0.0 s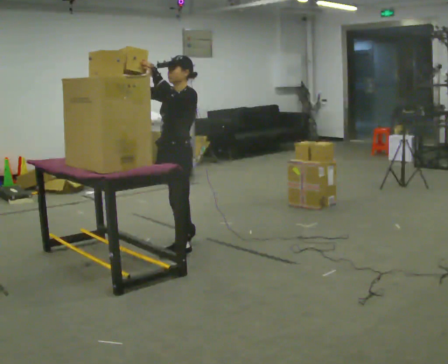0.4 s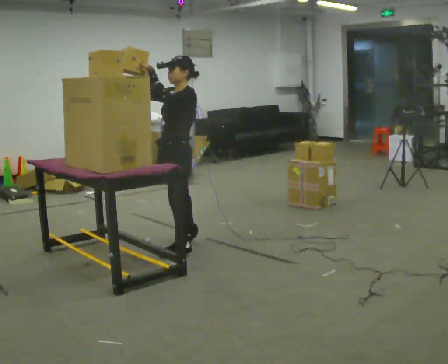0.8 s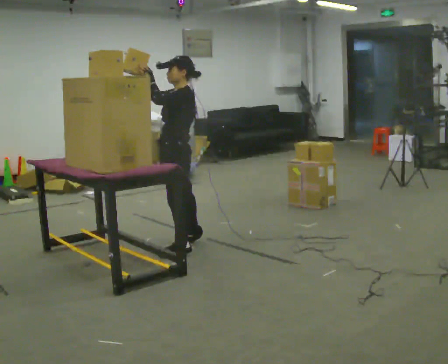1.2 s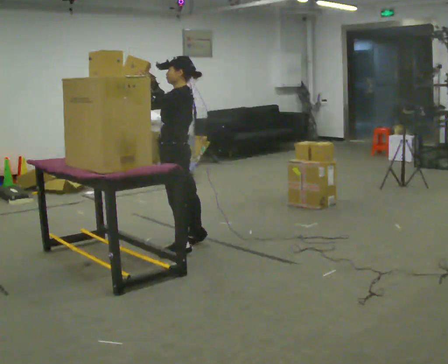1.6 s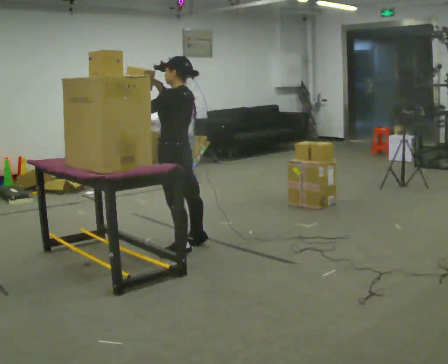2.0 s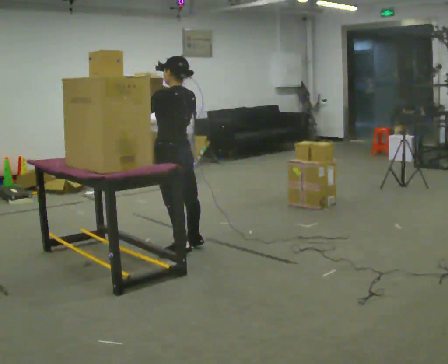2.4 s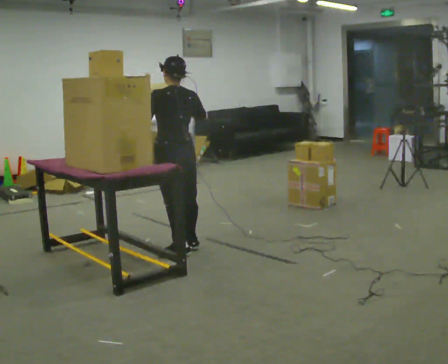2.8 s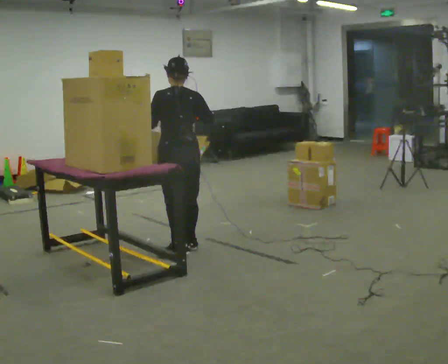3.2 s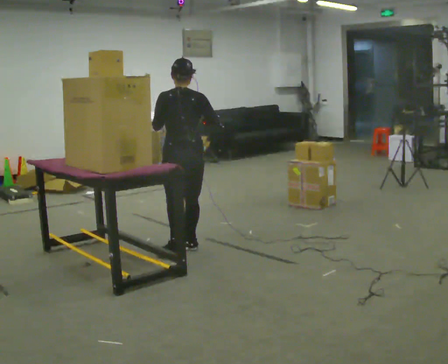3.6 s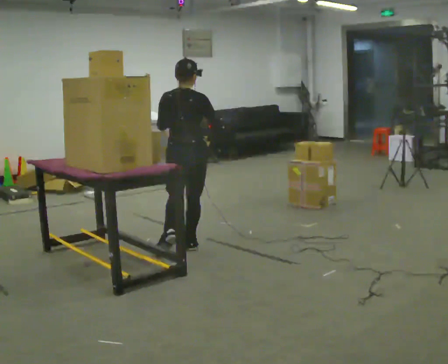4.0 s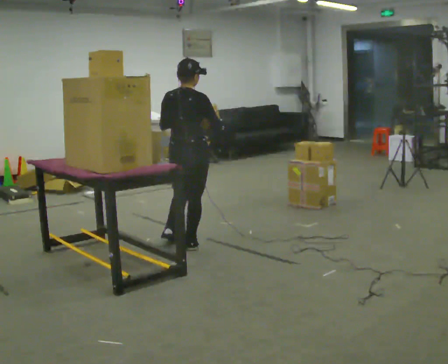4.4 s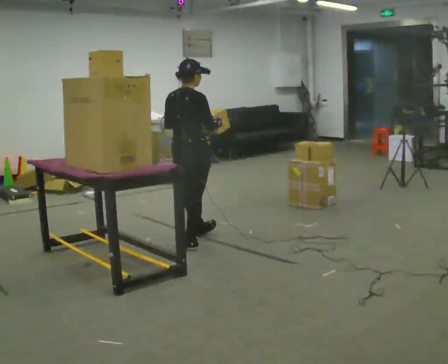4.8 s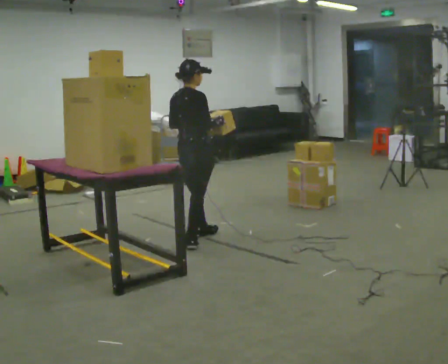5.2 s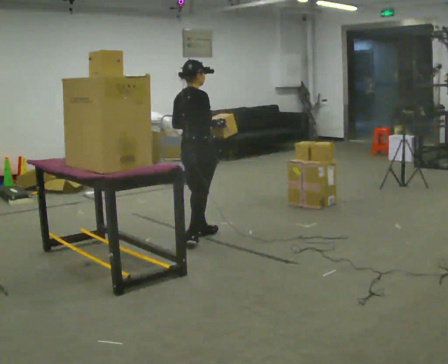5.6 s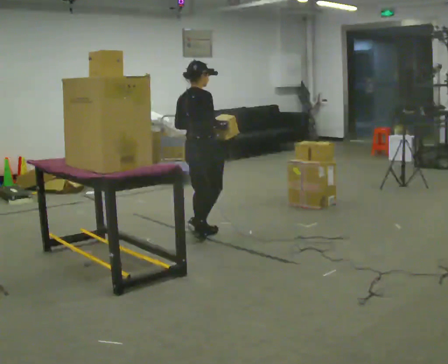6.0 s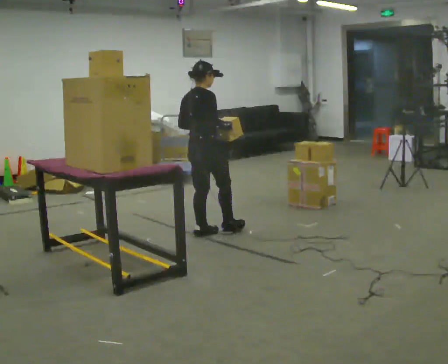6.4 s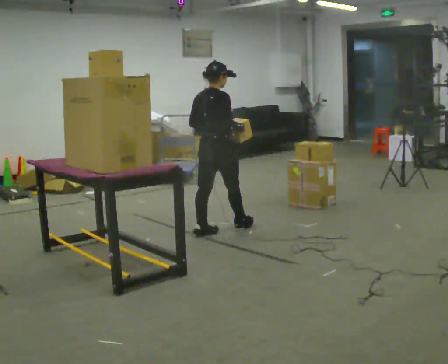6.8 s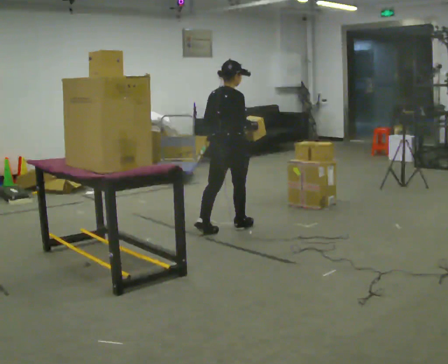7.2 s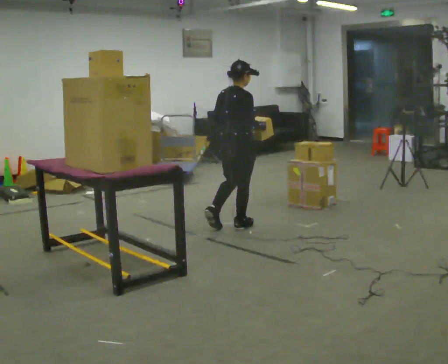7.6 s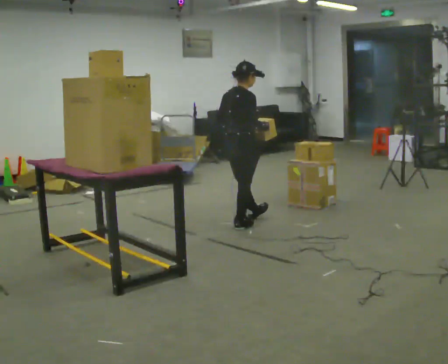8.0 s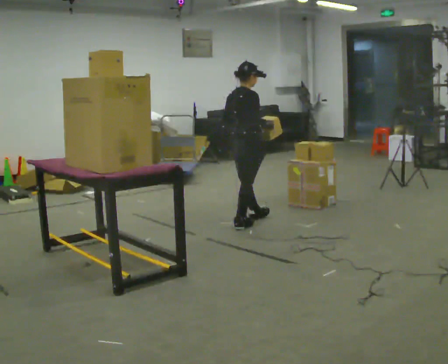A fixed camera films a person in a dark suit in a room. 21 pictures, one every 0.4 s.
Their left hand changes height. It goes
downward.
Their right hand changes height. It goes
downward.
0.0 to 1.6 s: Seen from above the body turns clockwise, about 45 degrees: to their right, with its near side sliding to the left.
1.6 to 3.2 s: The person turns about 60 degrees to their right, clockwise seen from above, so the part of the body nearest the lens slides to the left.
3.2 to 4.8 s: The person turns about 45 degrees to their right, clockwise seen from above, so the part of the body nearest the lens slides to the left. In the picture they go away from the camera, about 0.25 m in 1 step, which for them is forward.
4.8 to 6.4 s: In the picture they go to the right and away from the camera, about 0.25 m in 1 step, which for them is forward.
6.4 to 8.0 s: In the picture they go to the right and away from the camera, about 0.5 m in 1 step, which for them is forward.
The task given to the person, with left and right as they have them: Take an object down from the highest shelf you can comfortably reach, carry it across, and place it on the waist-height shelf. Keep going until the operator says stop; one object at a time, and do not rush between trips.
The film runs forward here.
